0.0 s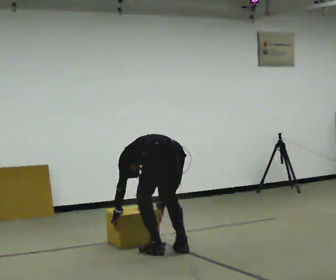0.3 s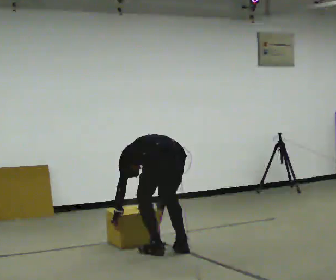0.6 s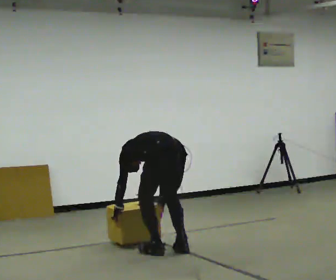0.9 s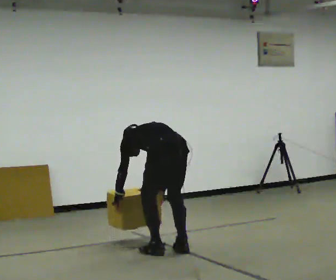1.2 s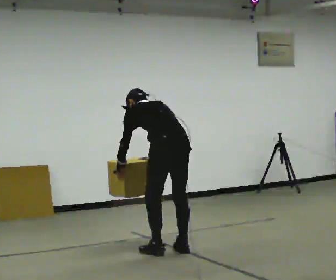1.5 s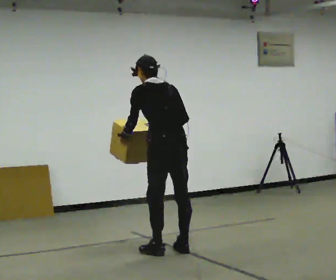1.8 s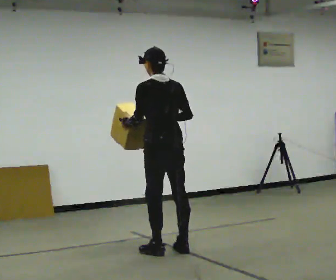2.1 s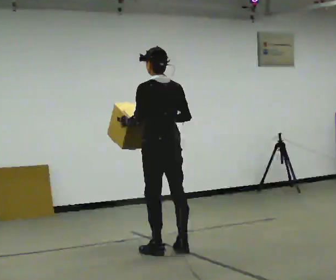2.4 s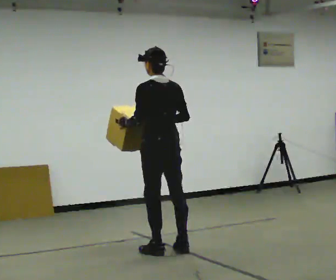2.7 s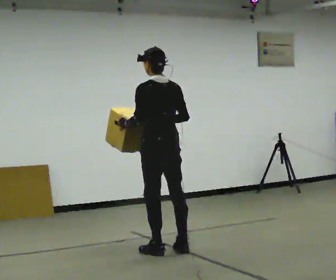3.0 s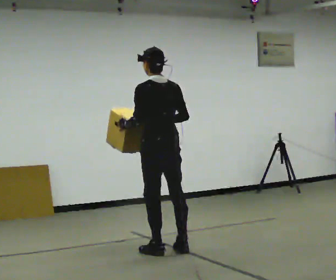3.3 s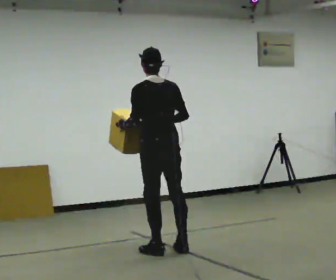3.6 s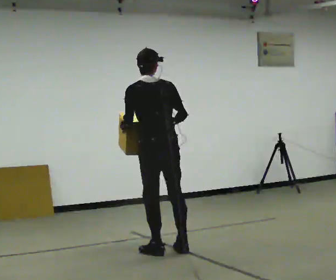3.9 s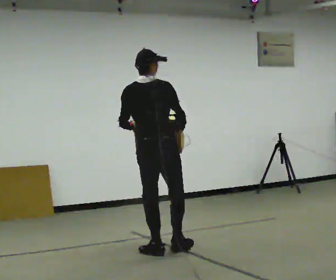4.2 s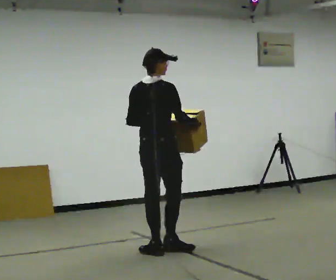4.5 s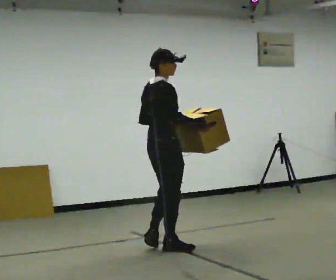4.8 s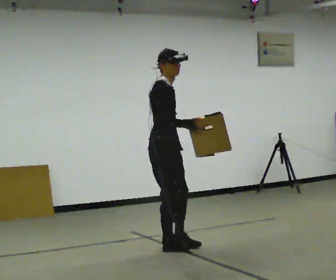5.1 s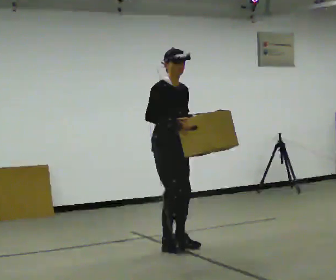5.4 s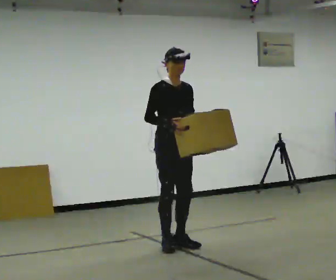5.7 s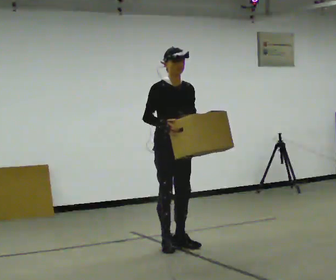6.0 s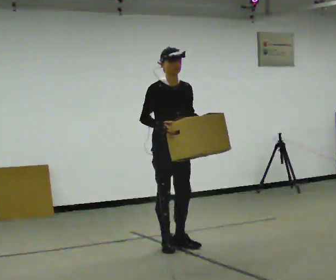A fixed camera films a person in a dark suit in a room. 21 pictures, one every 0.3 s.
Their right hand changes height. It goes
upward.
The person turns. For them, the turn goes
to their right.
0.0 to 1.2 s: The shoulders move upward. The upper body tips toward the camera, its near side rolling downward, as they lean back or straighten. In the picture their right hand goes upward.
1.2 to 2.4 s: In the picture they go away from the camera, about 0.25 m, which for them is forward. The upper body goes upward. The upper body tips toward the camera, its near side rolling downward, as they lean back or straighten. In the picture their right hand goes upward.
2.4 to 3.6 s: The person moves a little, or ends about where they began.
3.6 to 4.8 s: The part of the body nearest the lens slides to the left as the person turns to their right by about 120 degrees. In the picture the upper body tilts clockwise, shoulders to the right.
4.8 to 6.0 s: Seen from above the body turns clockwise, about 45 degrees: to their right, with its near side sliding to the left.
The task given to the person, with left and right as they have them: Carry the stack of boxes across the room without letting it fall over, then bring it back. Keep going until the operator says stop; one object at a time, and do not rush between trips.
The film runs forward here.
